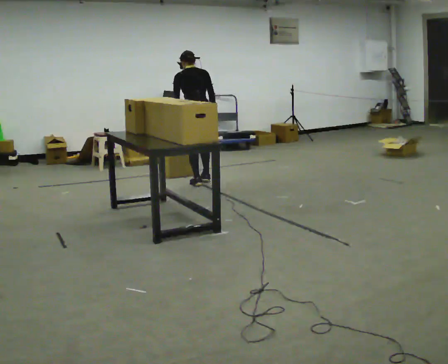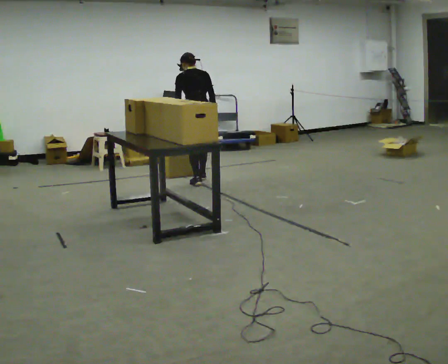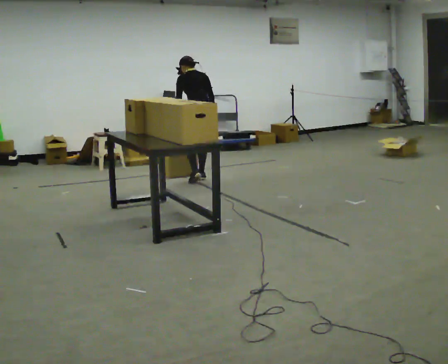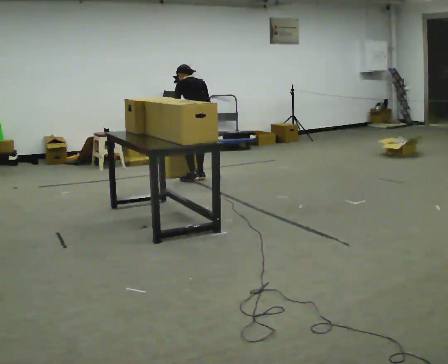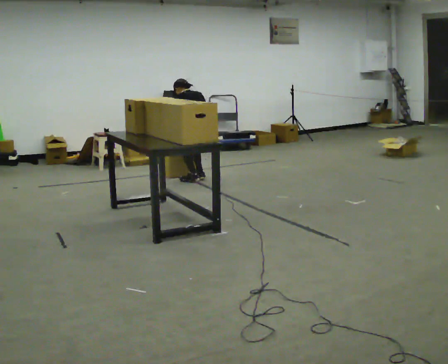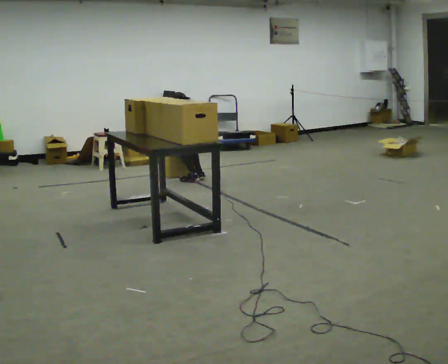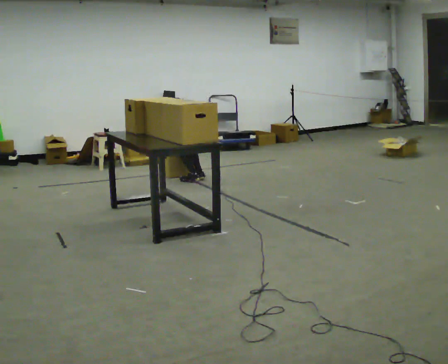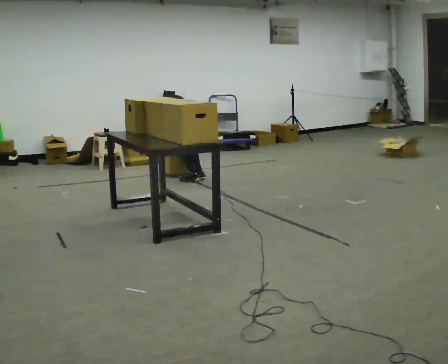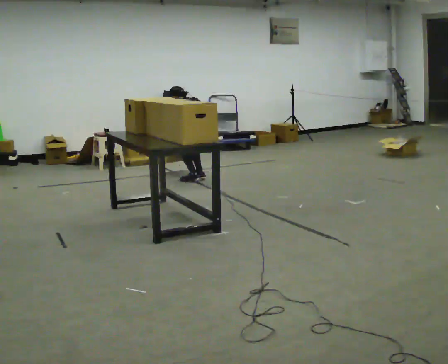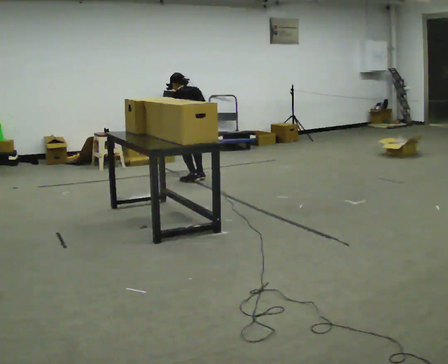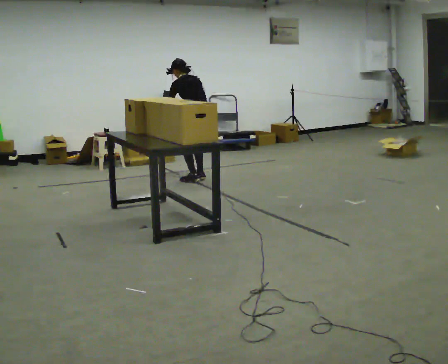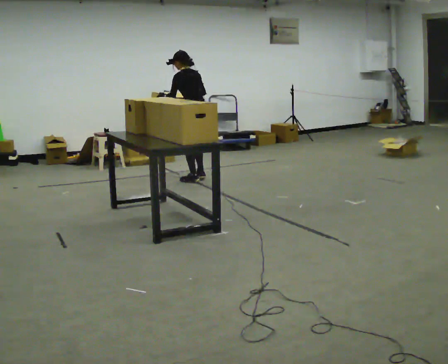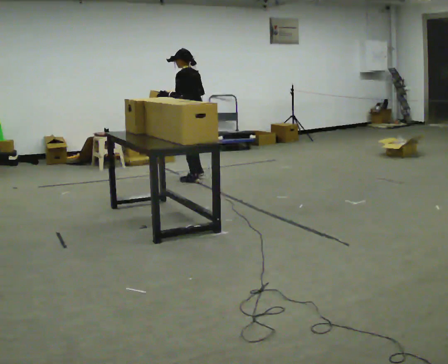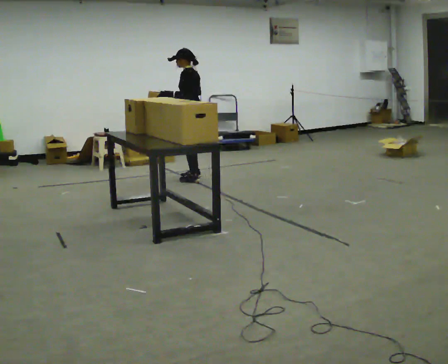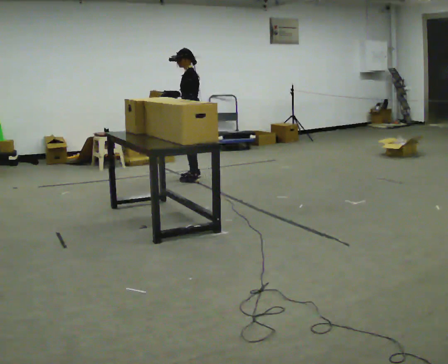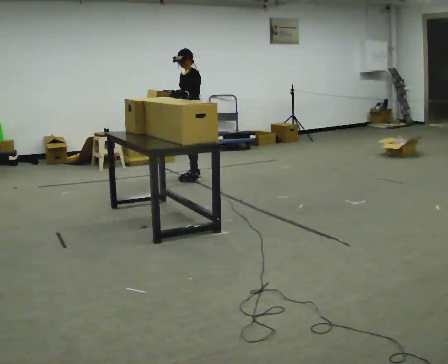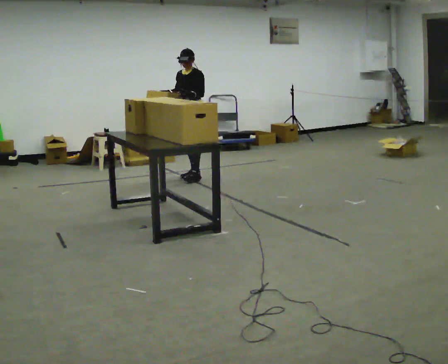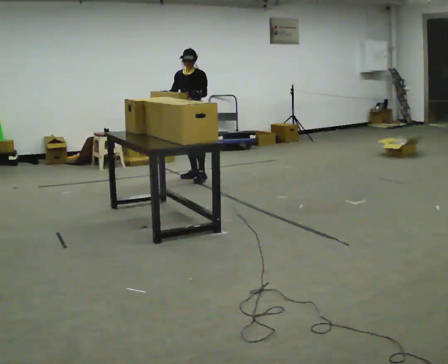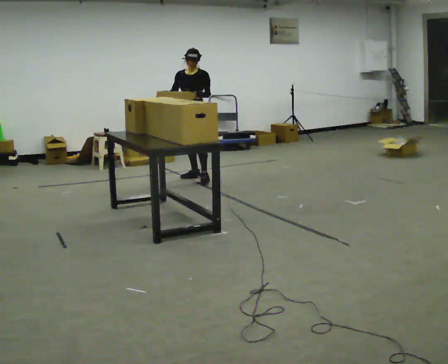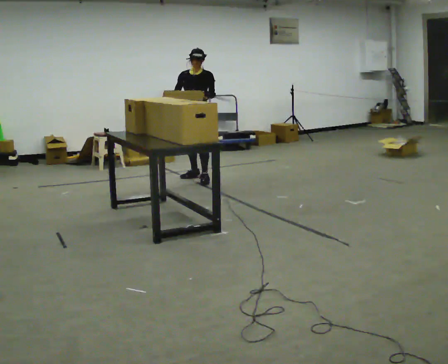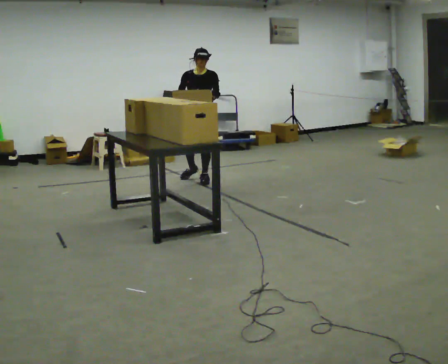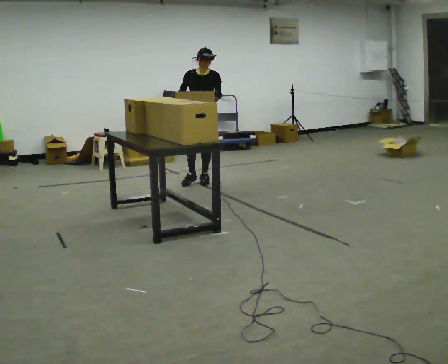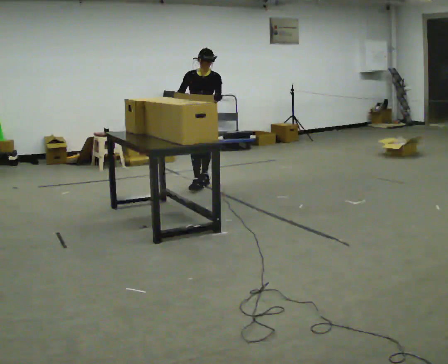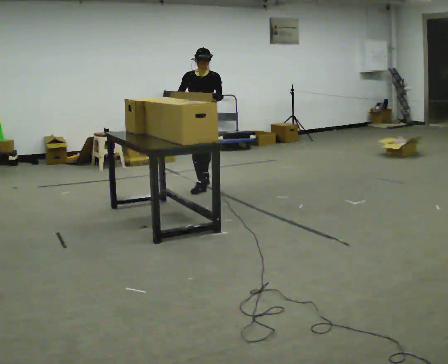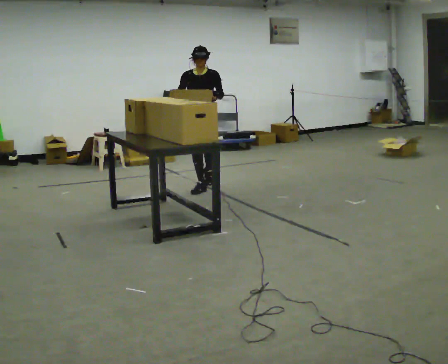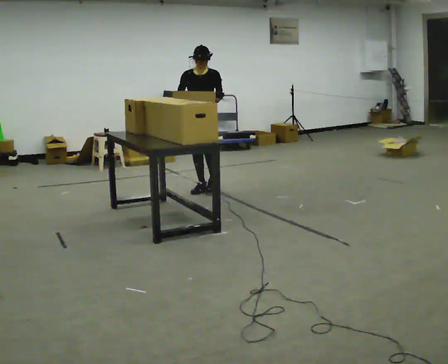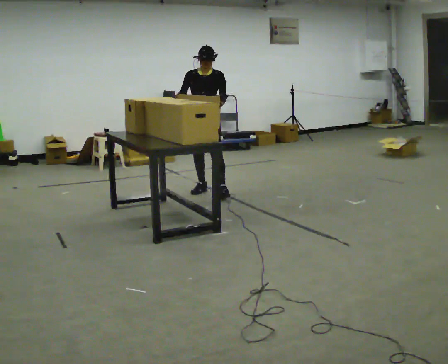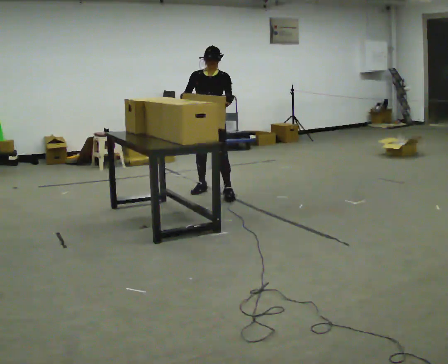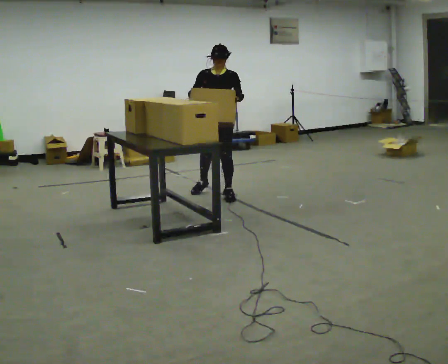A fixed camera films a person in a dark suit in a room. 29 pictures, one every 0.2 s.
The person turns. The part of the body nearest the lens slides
to the right.
The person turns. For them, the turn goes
to their left.
0.0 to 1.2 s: The person turns about 30 degrees to their left, counterclockwise seen from above, so the part of the body nearest the lens slides to the right. In the picture they go away from the camera, about 0.25 m in 2 steps, which for them is to their right. The upper body goes downward. The upper body tips away from the camera, its near side rolling upward, as they bend forward. In the picture their right hand goes downward.
1.2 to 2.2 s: The shoulders move upward. The upper body tips toward the camera, its near side rolling downward, as they lean back or straighten. In the picture their right hand goes upward.
2.2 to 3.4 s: Seen from above the body turns counterclockwise, about 105 degrees: to their left, with its near side sliding to the right. In the picture they go away from the camera, about 0.25 m in 1 step. In the picture their right hand goes to the left.
3.4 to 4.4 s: The part of the body nearest the lens slides to the right as the person turns to their left by about 30 degrees. In the picture they go toward the camera, about 0.25 m, which for them is forward and to their left.
4.4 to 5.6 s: In the picture they go toward the camera, about 0.5 m in 2 steps, which for them is forward and to their left.
The film runs forward here.
